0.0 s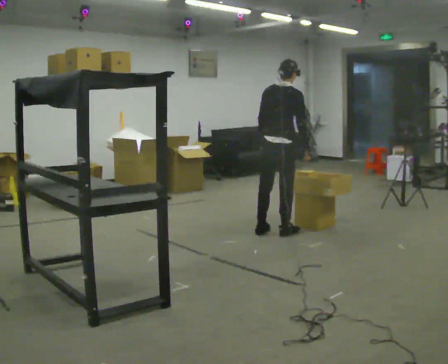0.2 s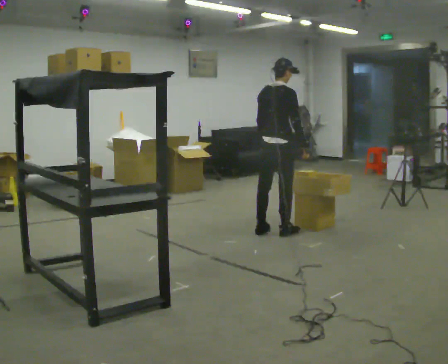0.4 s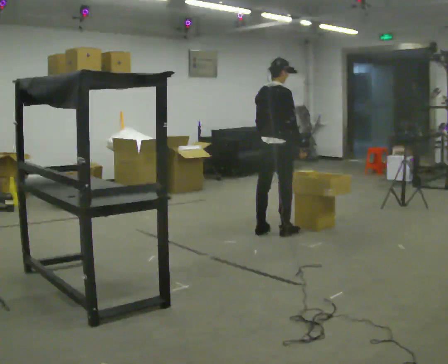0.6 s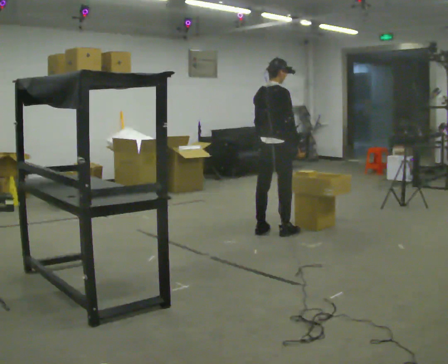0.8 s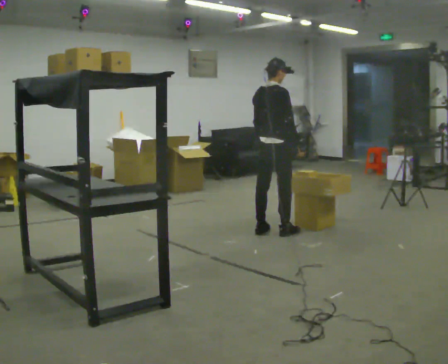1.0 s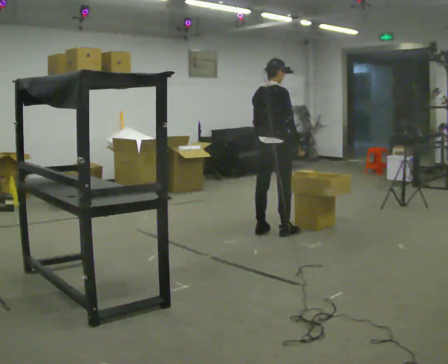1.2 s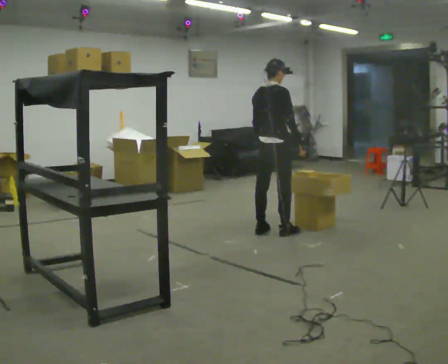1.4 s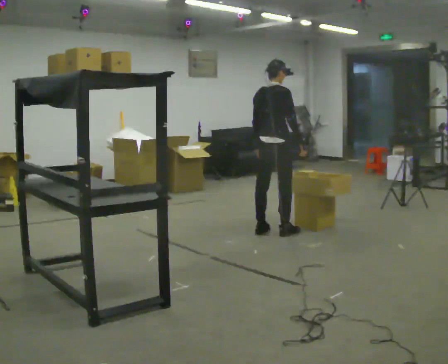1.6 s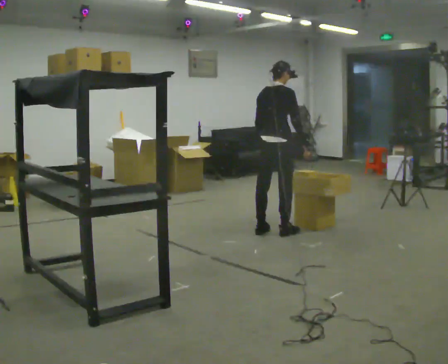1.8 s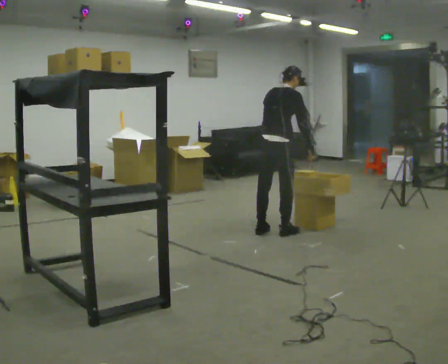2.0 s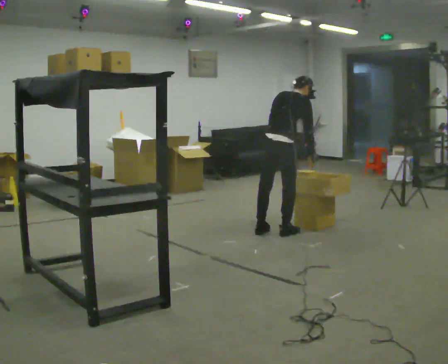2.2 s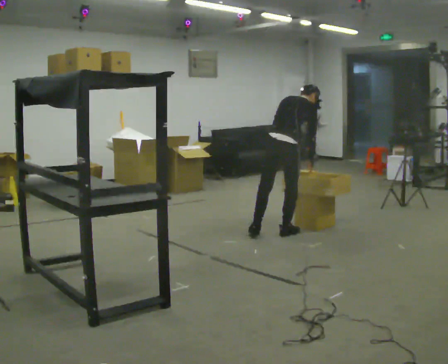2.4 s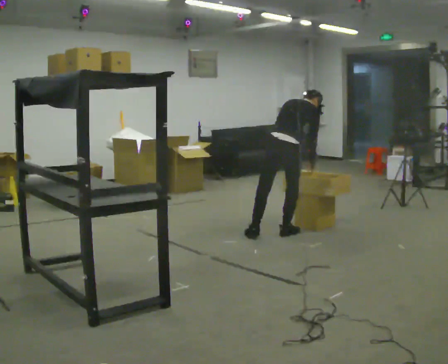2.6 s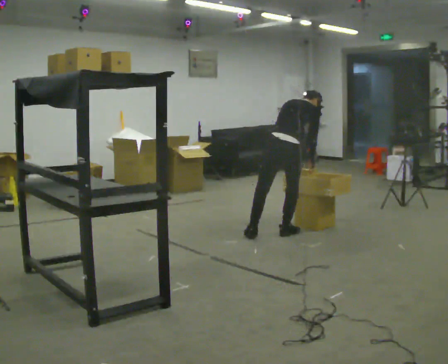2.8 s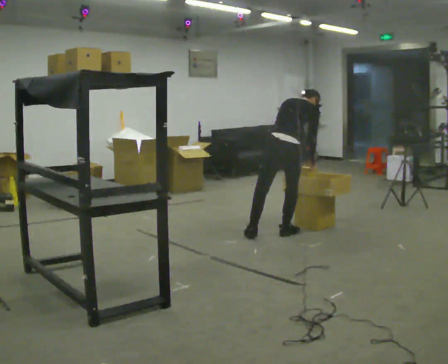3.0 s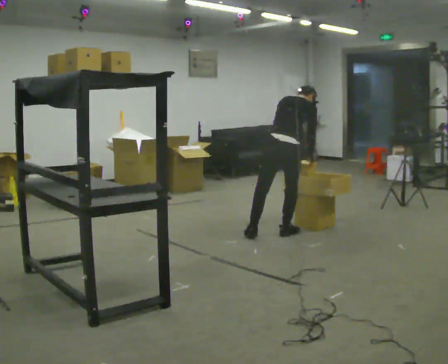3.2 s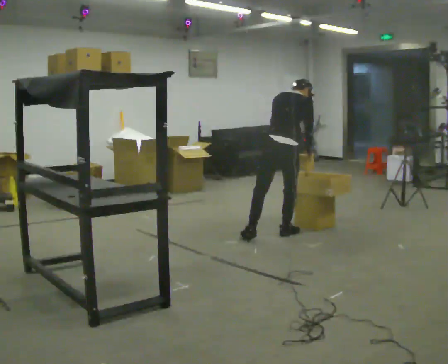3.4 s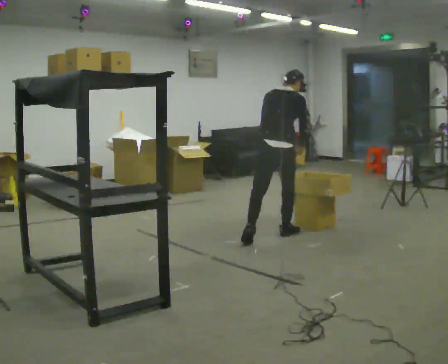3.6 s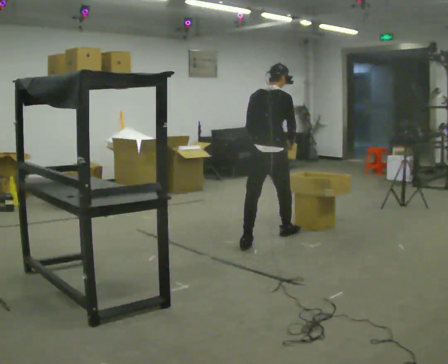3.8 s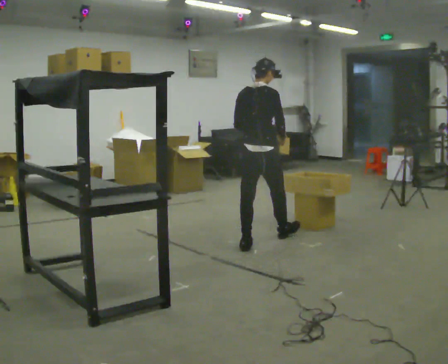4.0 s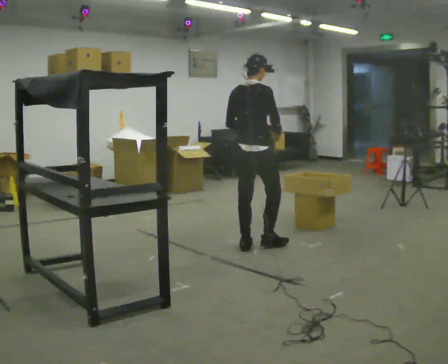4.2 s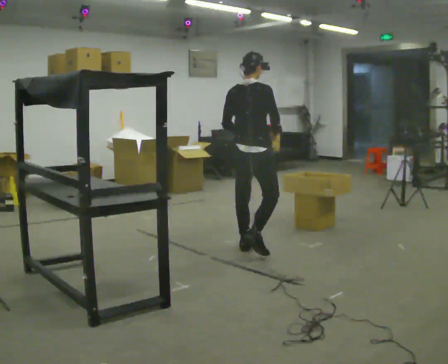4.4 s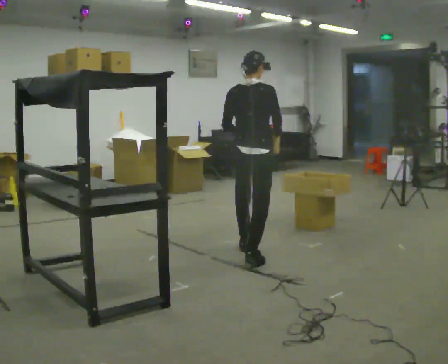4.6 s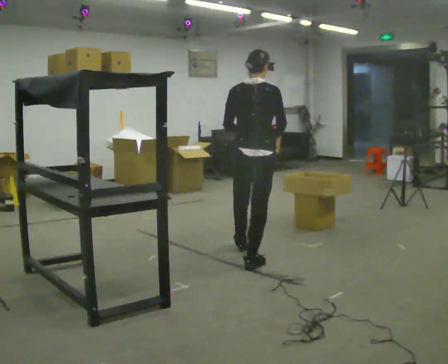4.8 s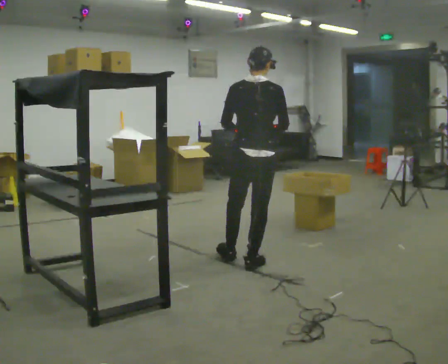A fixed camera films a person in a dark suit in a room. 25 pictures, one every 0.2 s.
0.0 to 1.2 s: The person moves a little, or ends about where they began.
1.2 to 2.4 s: The upper body goes downward. The upper body tips away from the camera, its near side rolling upward, as they bend forward.
2.4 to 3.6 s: In the picture they go toward the camera, about 0.25 m in 1 step, which for them is backward. The upper body tips toward the camera, its near side rolling downward, as they lean back or straighten.
3.6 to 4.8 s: In the picture they go toward the camera, about 0.5 m in 2 steps, which for them is backward.
The film runs backward here.
